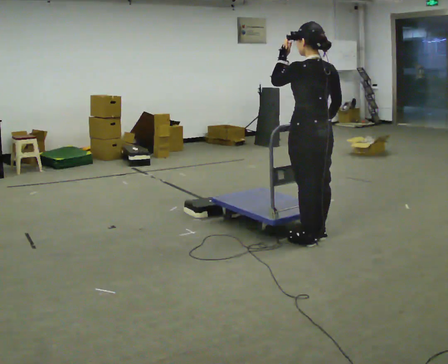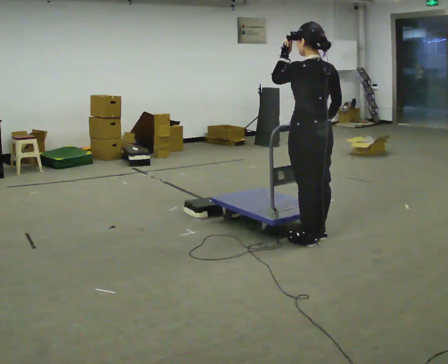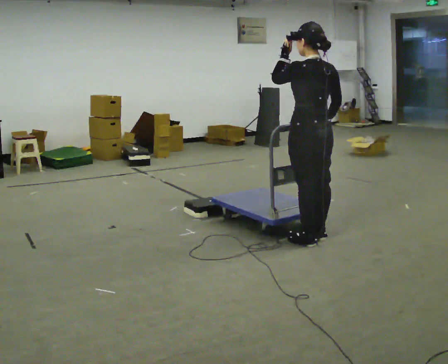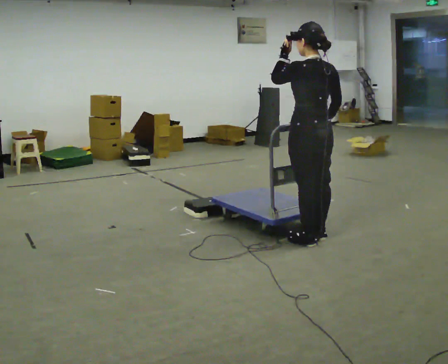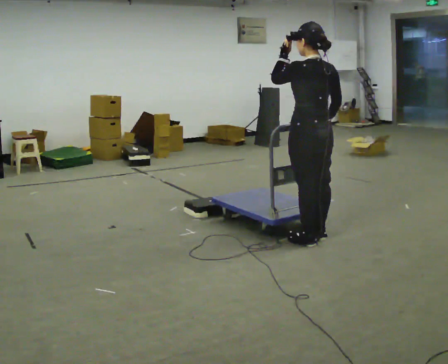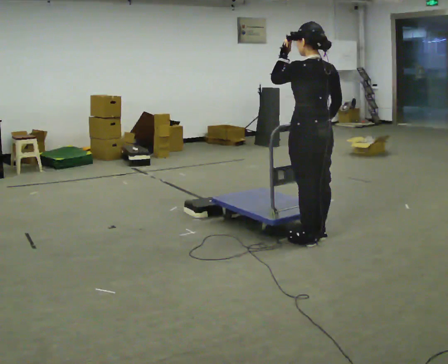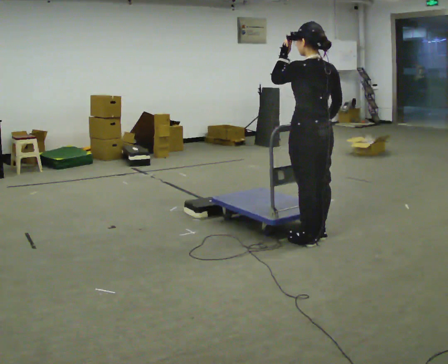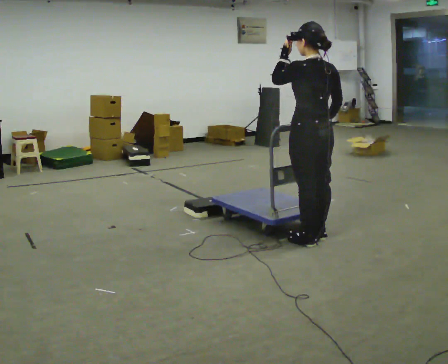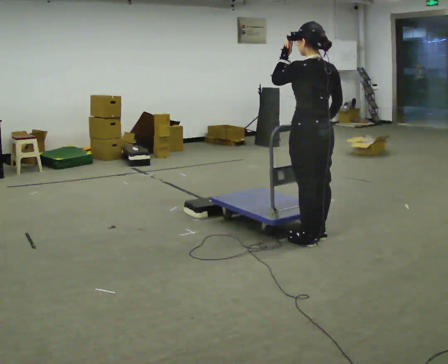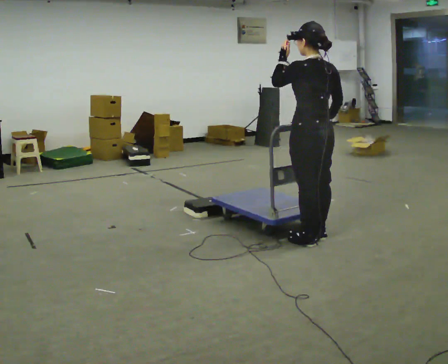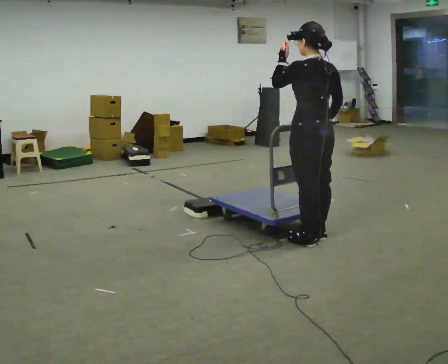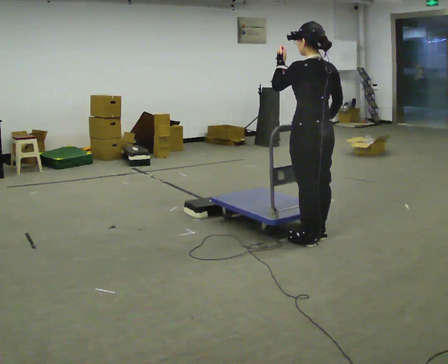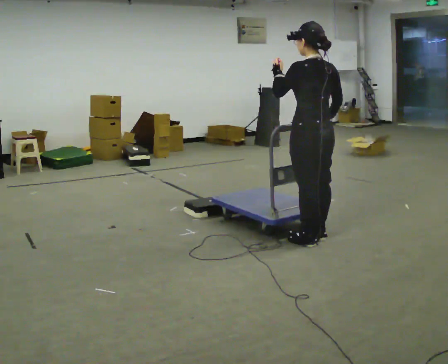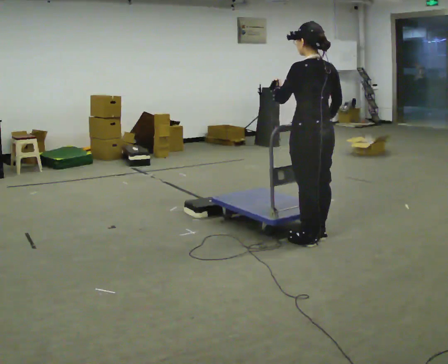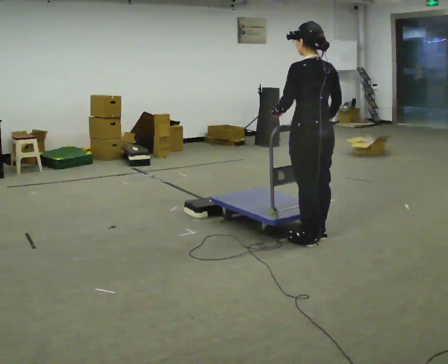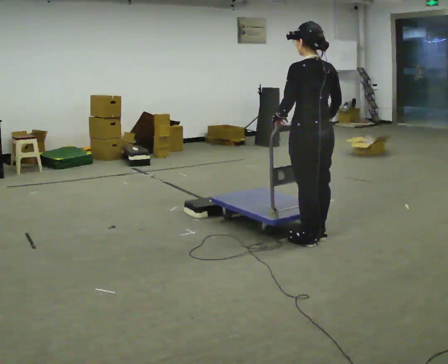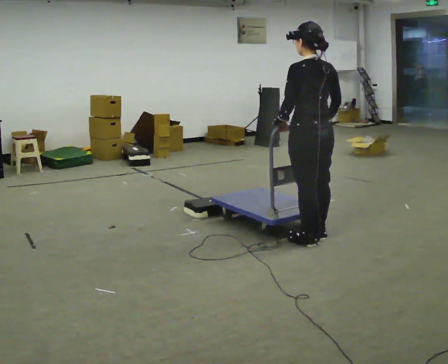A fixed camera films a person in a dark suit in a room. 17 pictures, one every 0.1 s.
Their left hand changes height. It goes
downward.
0.0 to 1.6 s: In the picture their left hand goes downward.
The film runs backward here.
